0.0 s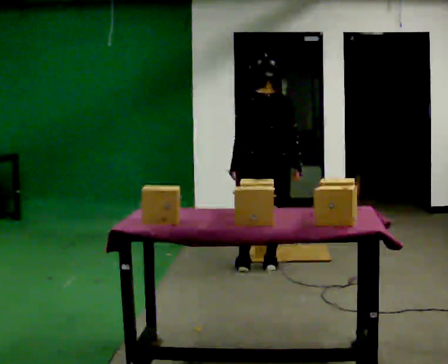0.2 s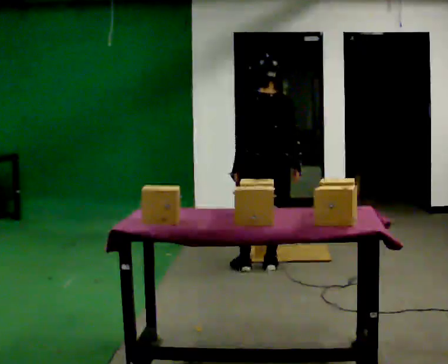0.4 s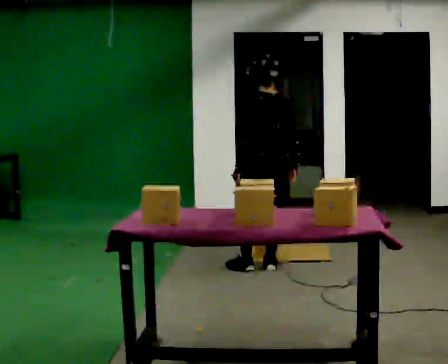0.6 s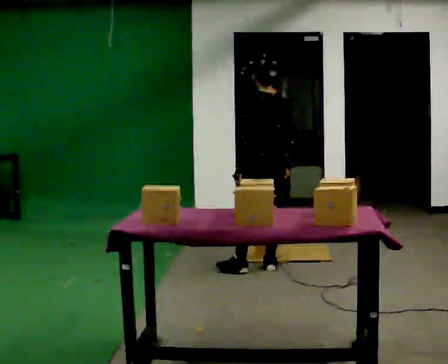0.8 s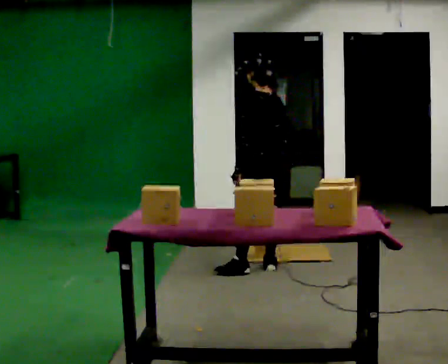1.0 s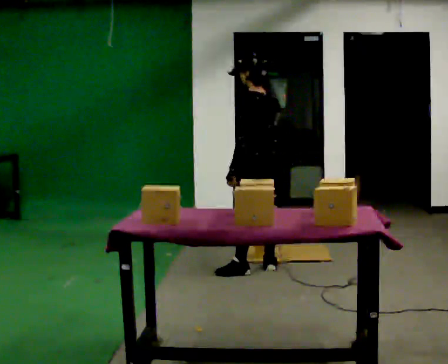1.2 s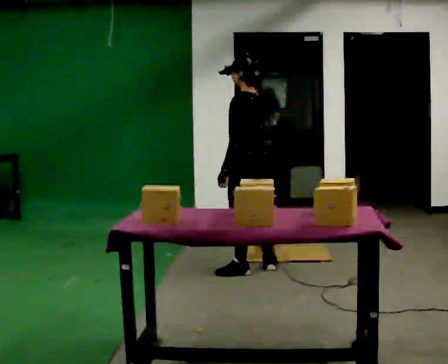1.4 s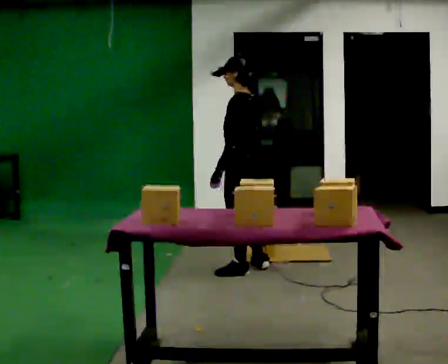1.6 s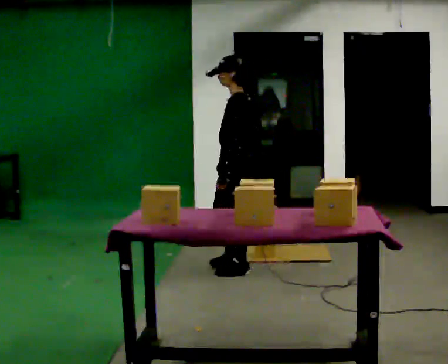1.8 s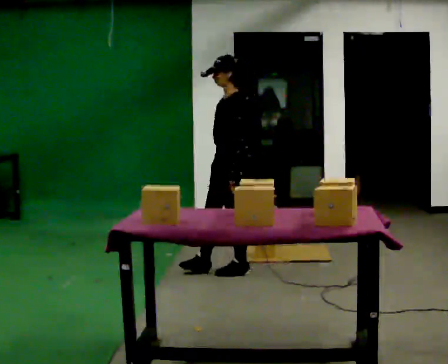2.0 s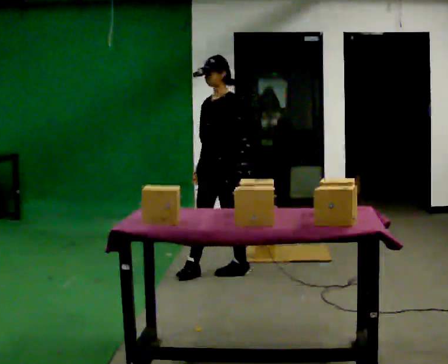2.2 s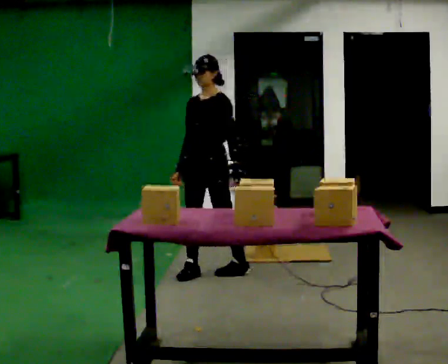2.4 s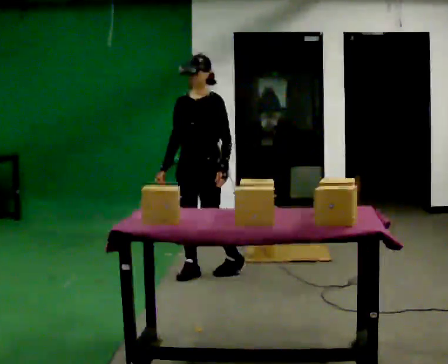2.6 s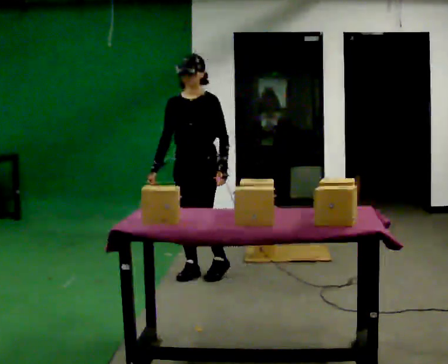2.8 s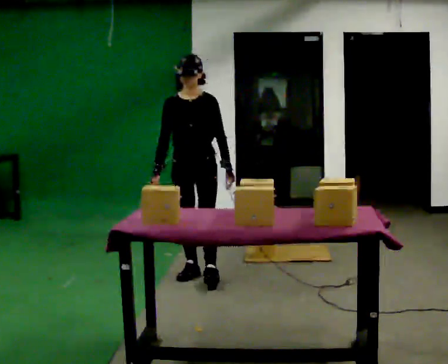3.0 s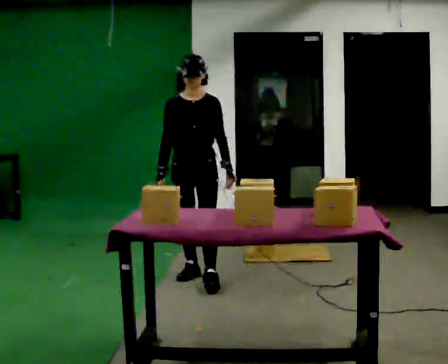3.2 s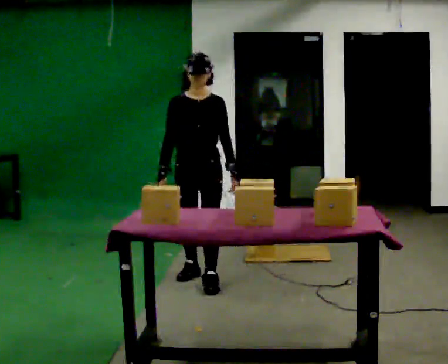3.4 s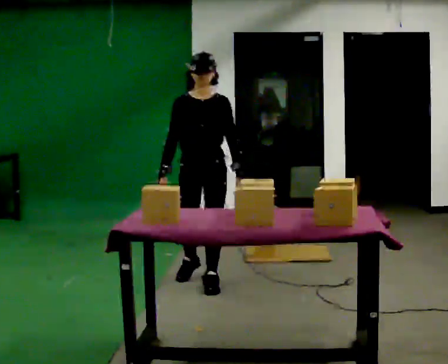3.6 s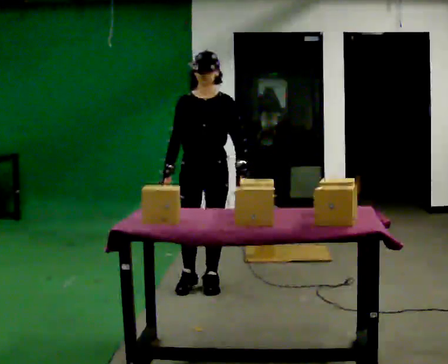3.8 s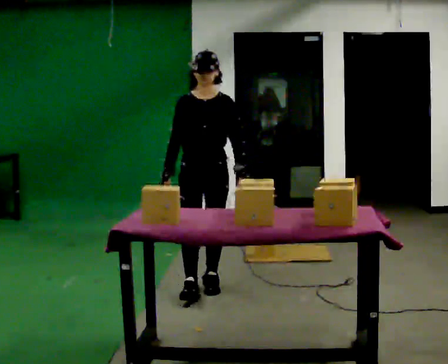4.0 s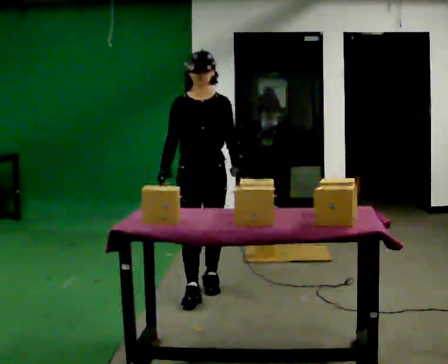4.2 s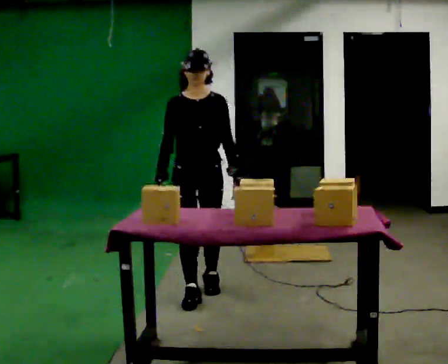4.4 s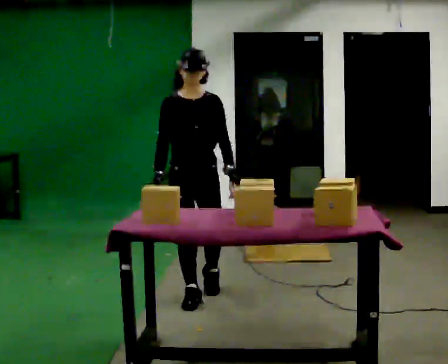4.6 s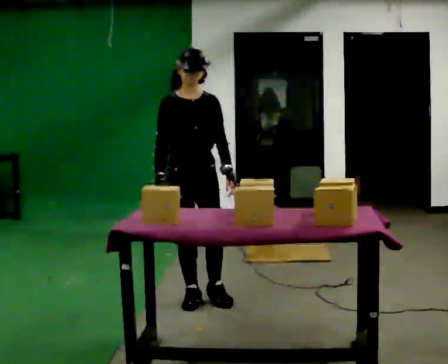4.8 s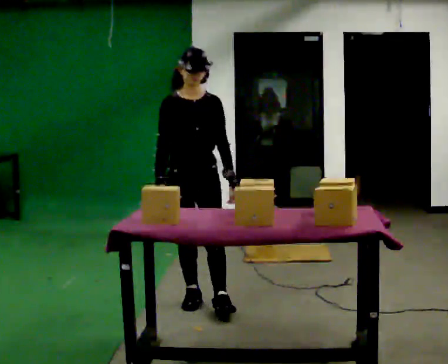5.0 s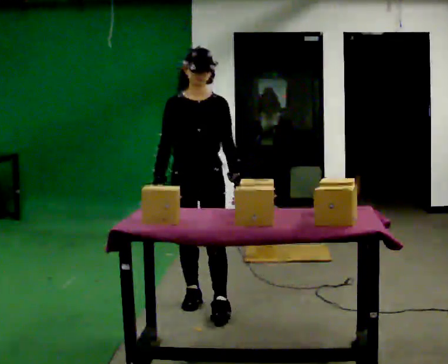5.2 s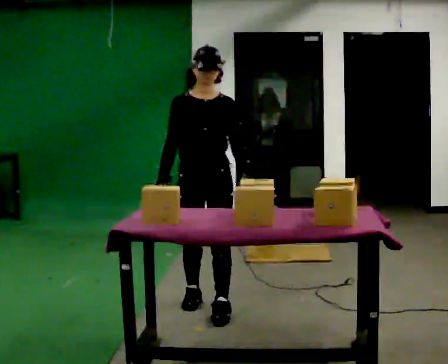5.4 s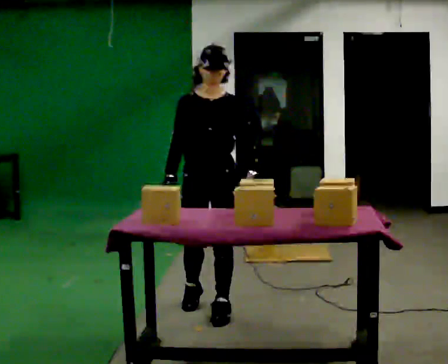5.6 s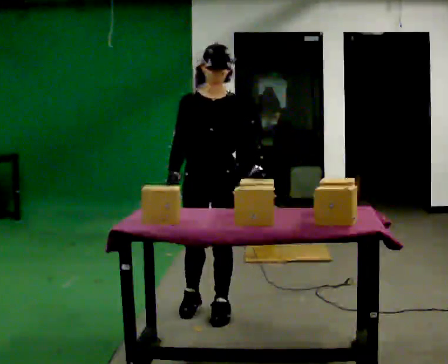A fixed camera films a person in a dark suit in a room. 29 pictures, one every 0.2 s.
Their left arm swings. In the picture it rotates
counterclockwise.
The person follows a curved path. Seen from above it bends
counterclockwise.
0.0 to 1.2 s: The part of the body nearest the lens slides to the right as the person turns to their left by about 45 degrees.
1.2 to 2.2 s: Seen from above the body turns counterclockwise, about 75 degrees: to their left, with its near side sliding to the right. In the picture they go to the left, about 0.25 m in 1 step.
2.2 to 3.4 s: Seen from above the body turns counterclockwise, about 30 degrees: to their left, with its near side sliding to the right. In the picture they go toward the camera, about 0.25 m in 1 step, which for them is forward.
3.4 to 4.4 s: In the picture they go toward the camera, about 0.25 m in 1 step, which for them is forward.
4.4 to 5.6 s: In the picture they go toward the camera, about 0.25 m in 1 step, which for them is forward and to their left.
The film runs forward here.
